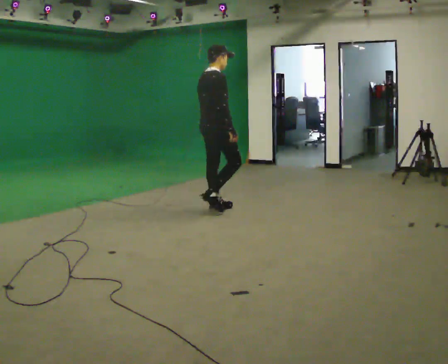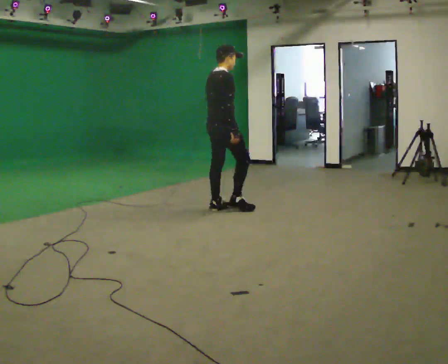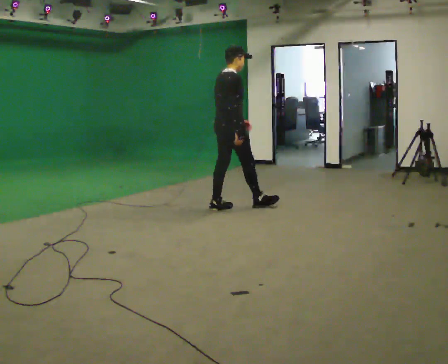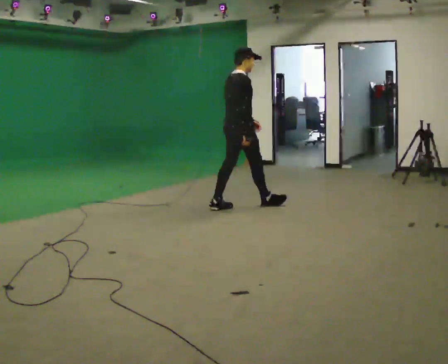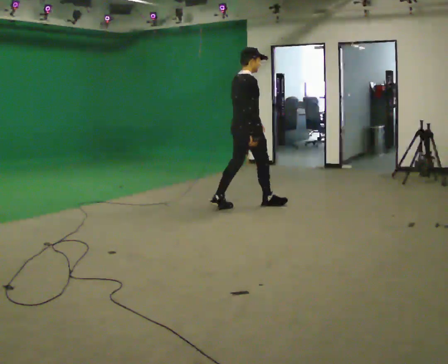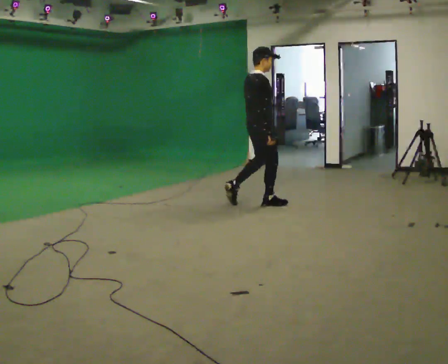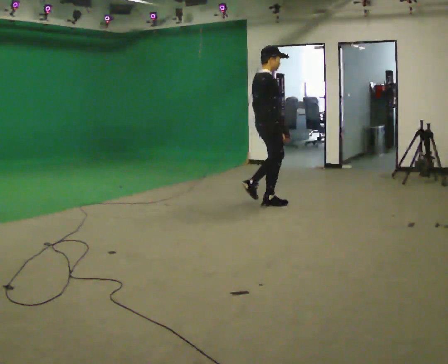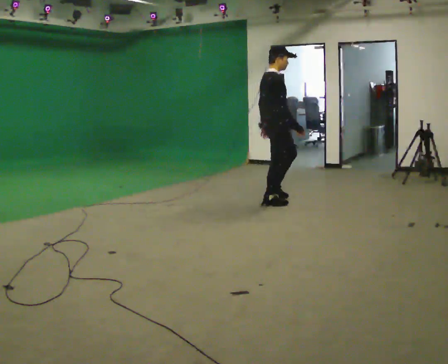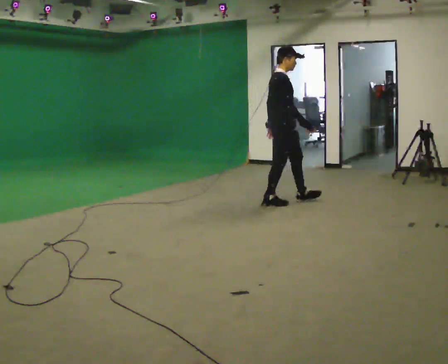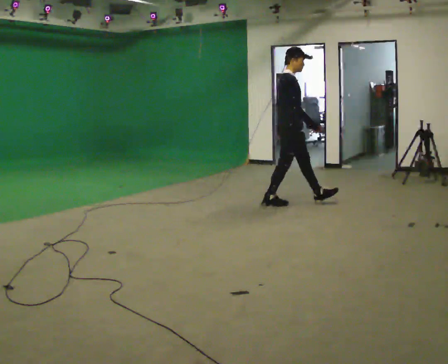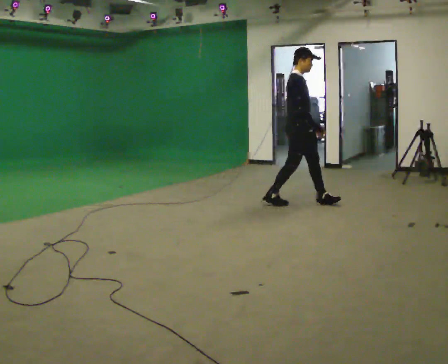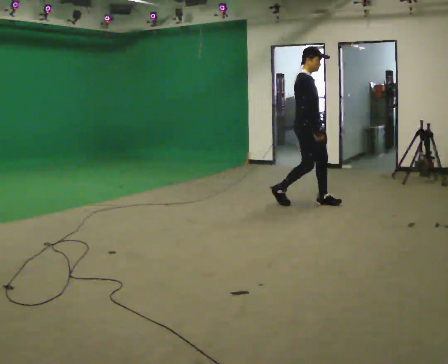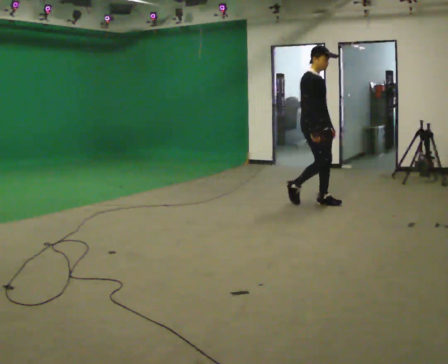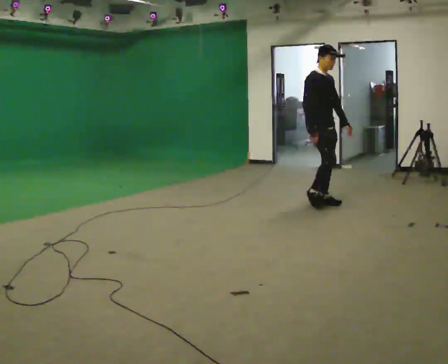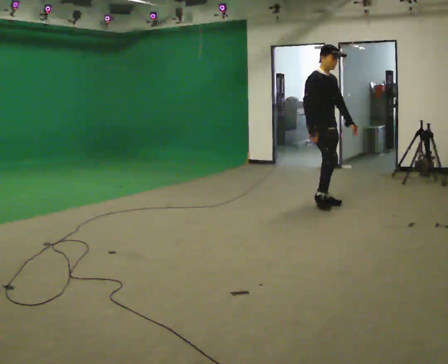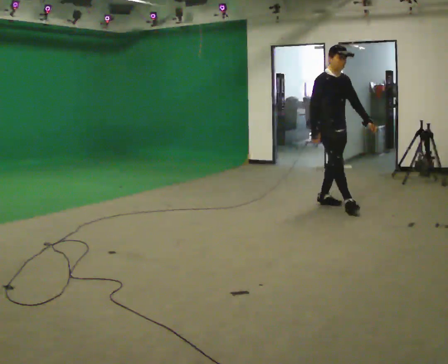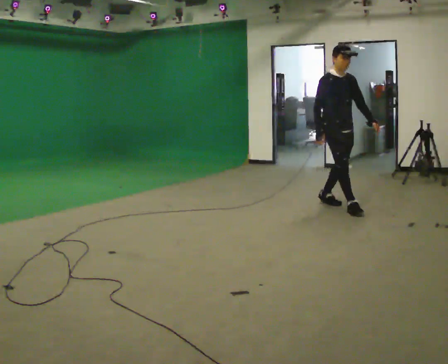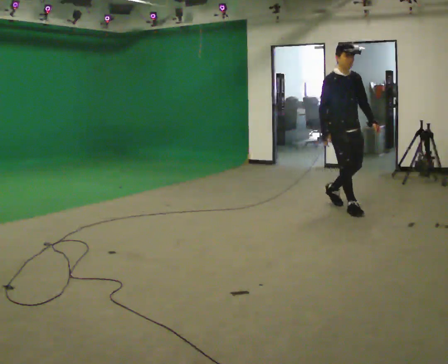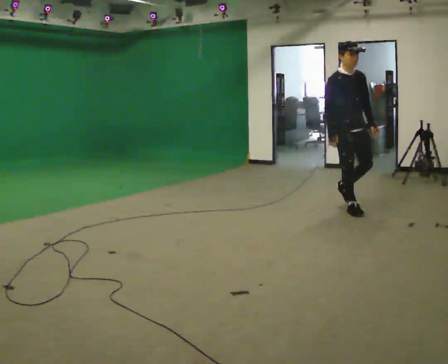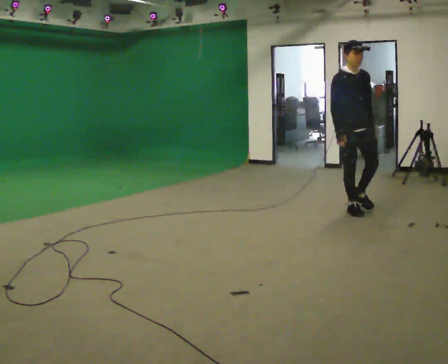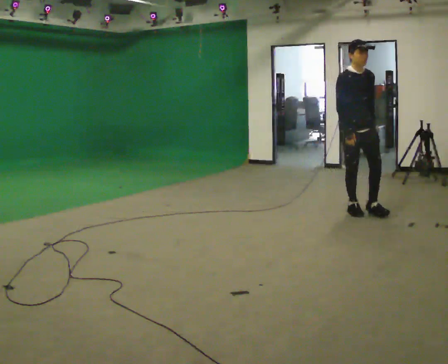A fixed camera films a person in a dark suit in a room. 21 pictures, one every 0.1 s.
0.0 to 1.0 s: Seen from above the body turns clockwise, about 45 degrees: to their right, with its near side sliding to the left. In the picture they go to the right, about 1 m in 2 steps, which for them is forward.
1.0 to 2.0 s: The part of the body nearest the lens slides to the left as the person turns to their right by about 60 degrees. In the picture they go to the right and toward the camera, about 0.75 m in 1 step, which for them is forward.
The film runs forward here.
